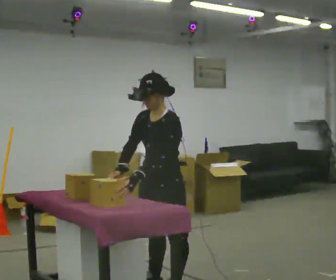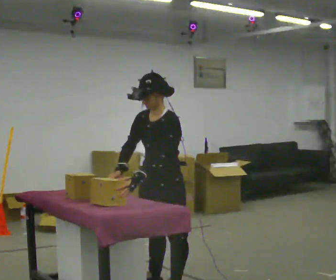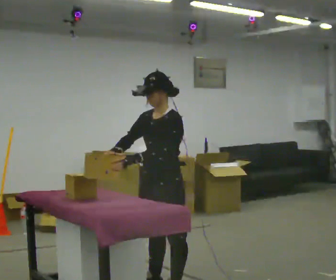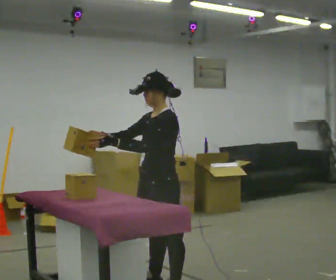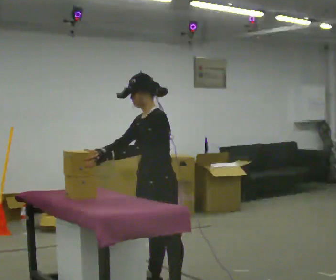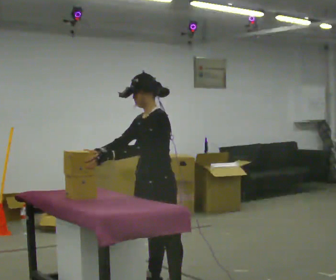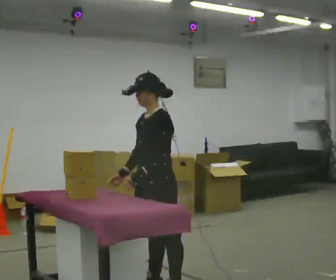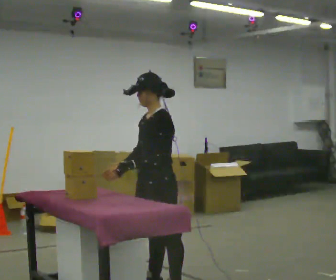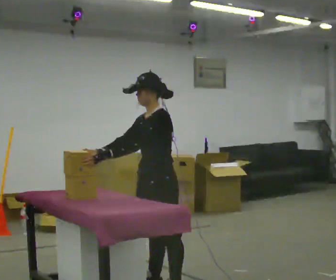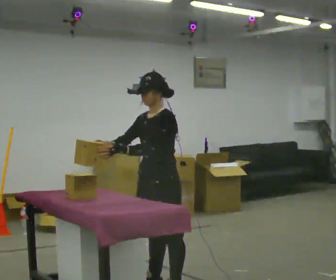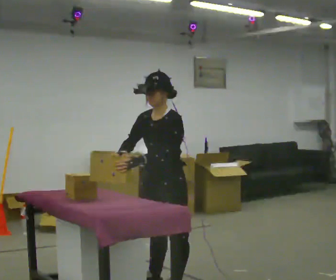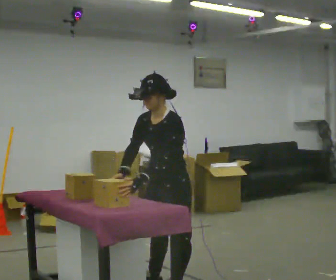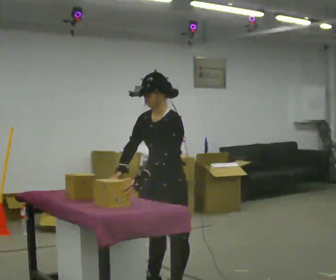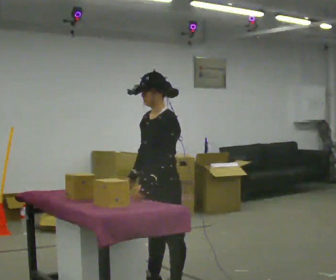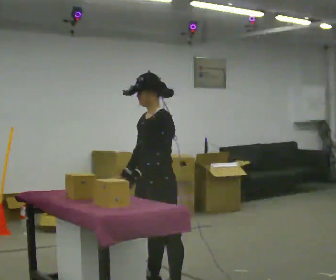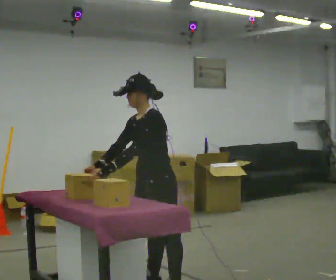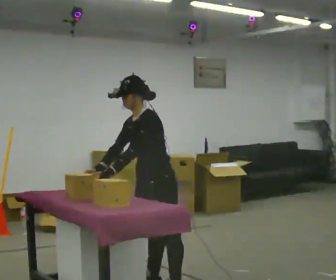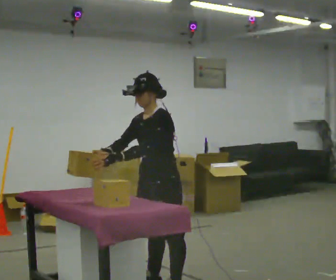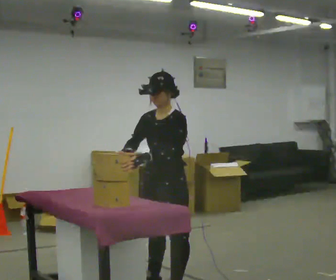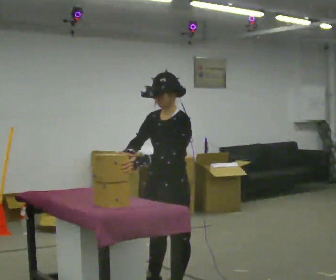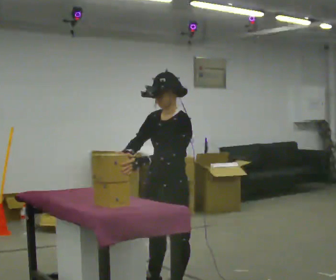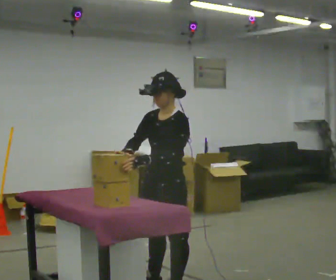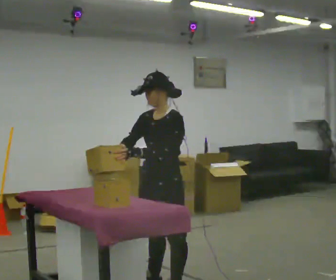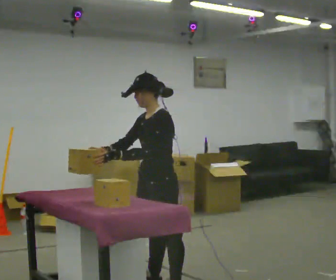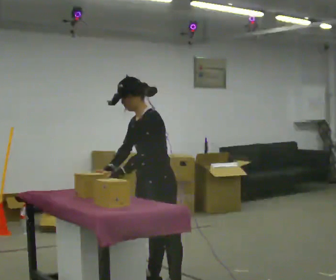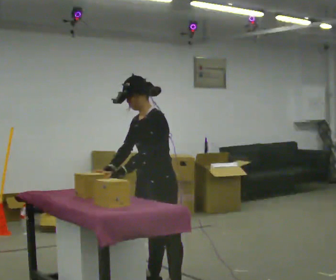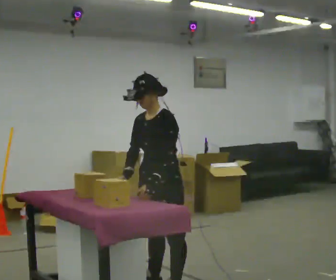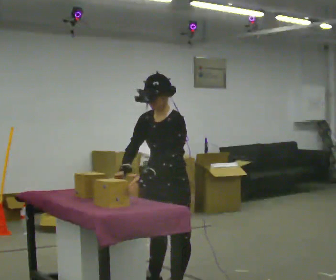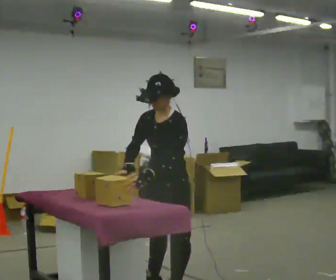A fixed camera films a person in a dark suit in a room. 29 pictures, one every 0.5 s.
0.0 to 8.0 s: The person moves a little, or ends about where they began.
8.0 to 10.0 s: In the picture the upper body tilts clockwise, shoulders to the right.
10.0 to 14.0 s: The person moves a little, or ends about where they began.
The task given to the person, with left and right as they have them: Lift the heavy object with both hands and set it down again in a different spot on the same surface. Repeat at your own pace until the operator says stop. Keep both feet on the marked spots for the whole take. If you have to step, stop and tell the operator.
The film runs forward here.
